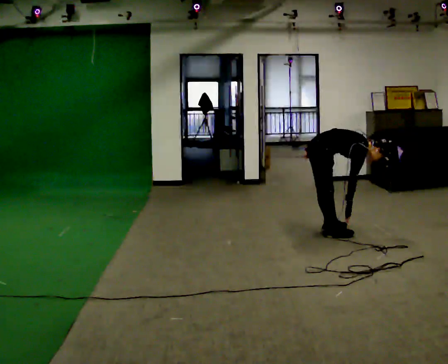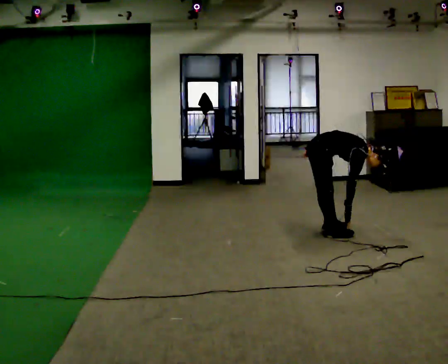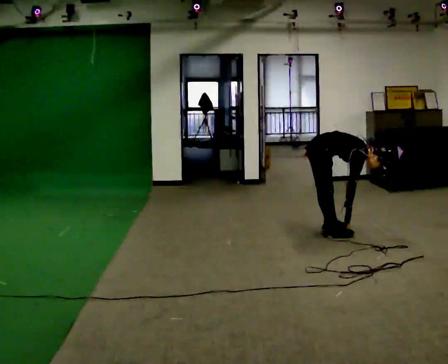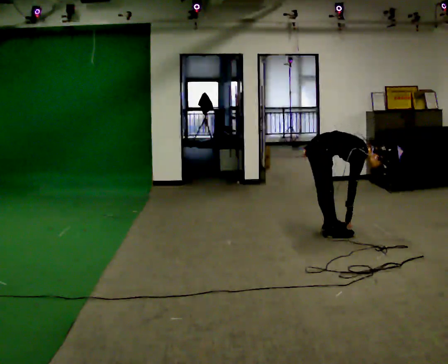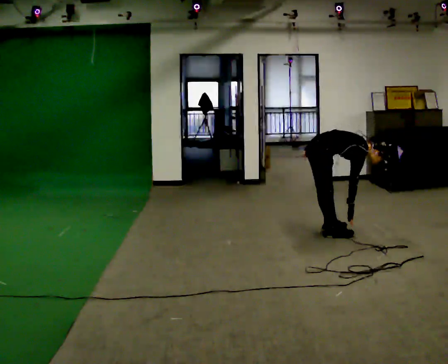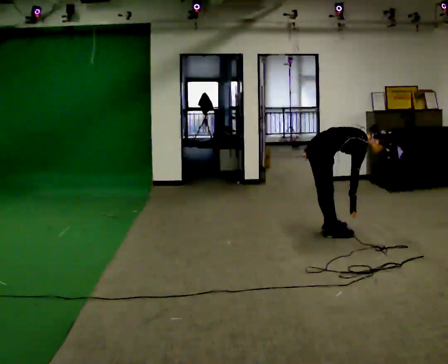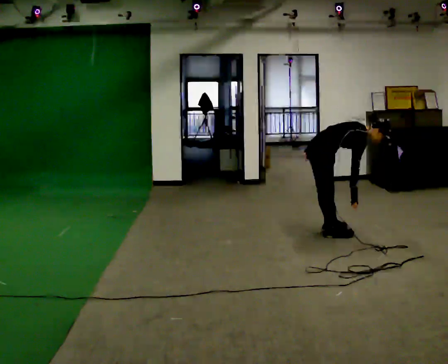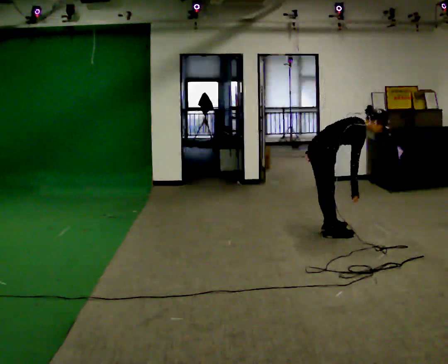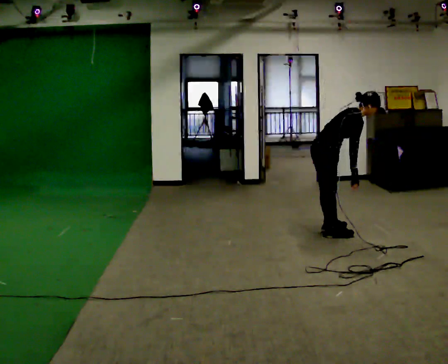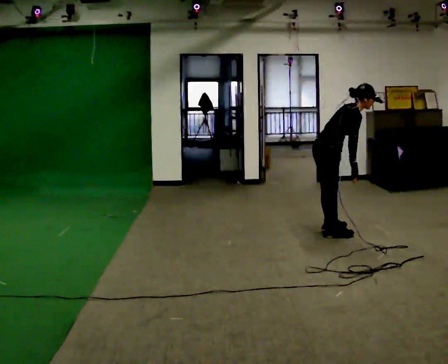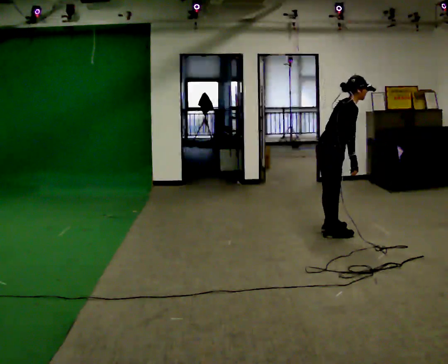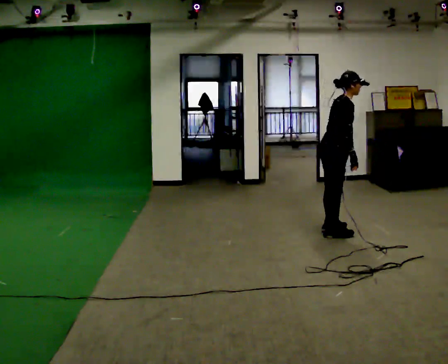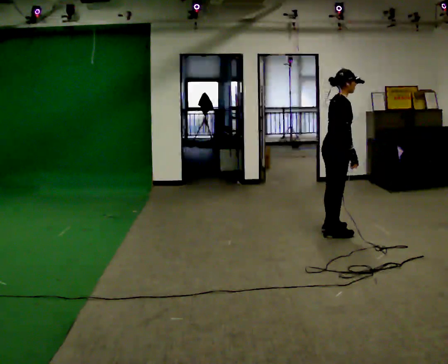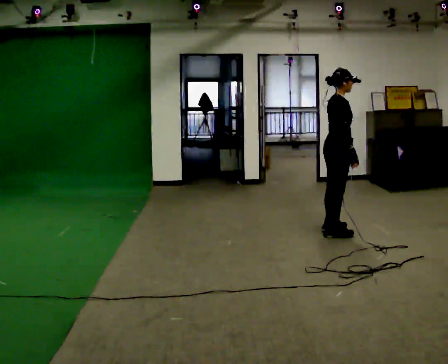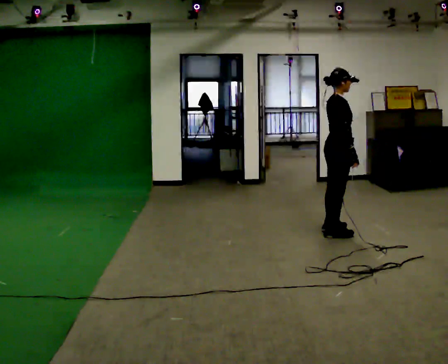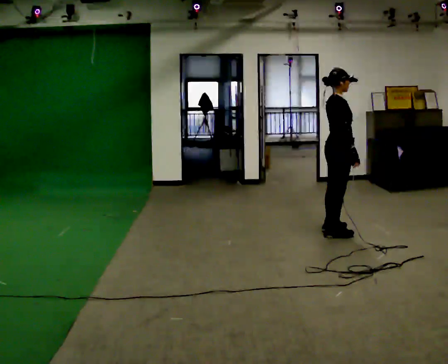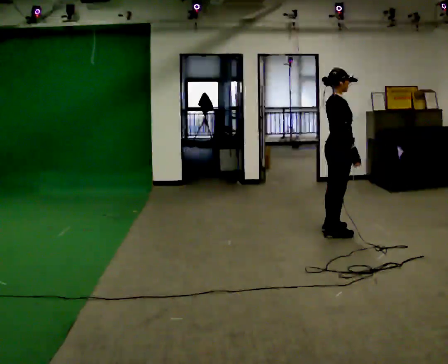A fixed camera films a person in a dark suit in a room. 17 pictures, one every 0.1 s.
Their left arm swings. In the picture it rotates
counterclockwise.
The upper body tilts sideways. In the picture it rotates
counterclockwise.
0.0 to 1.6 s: In the picture they go to the right, about 0.25 m, which for them is forward. The shoulders move upward. In the picture the upper body tilts counterclockwise, shoulders to the left, as they lean back or straighten.
The film runs backward here.
